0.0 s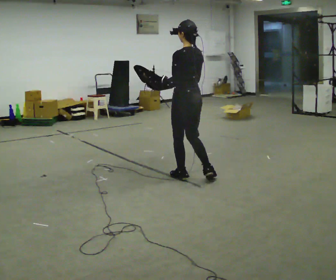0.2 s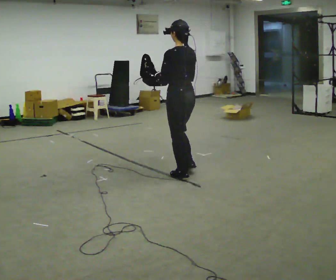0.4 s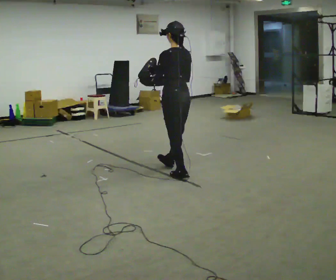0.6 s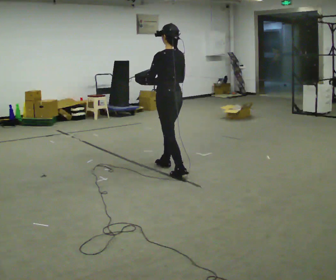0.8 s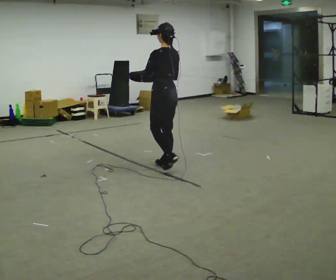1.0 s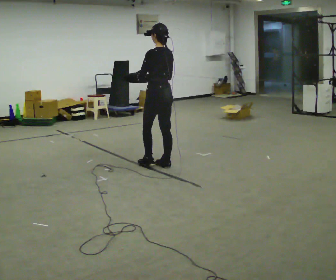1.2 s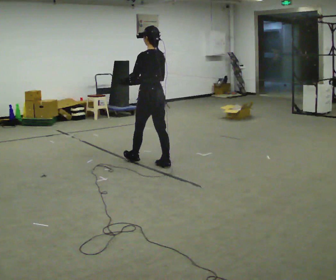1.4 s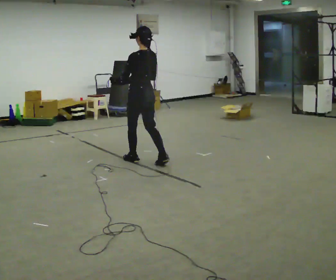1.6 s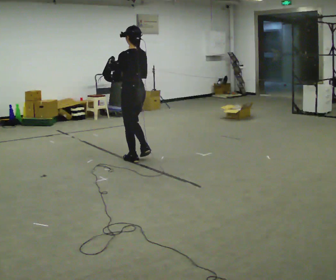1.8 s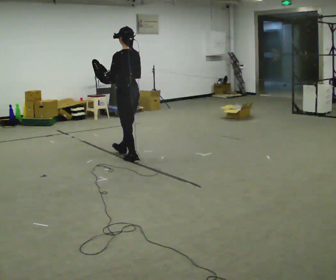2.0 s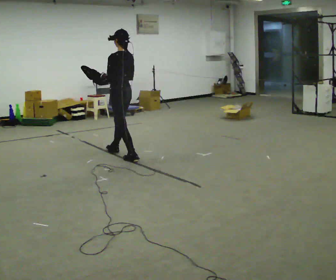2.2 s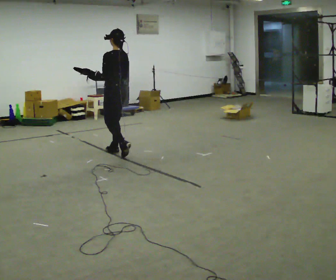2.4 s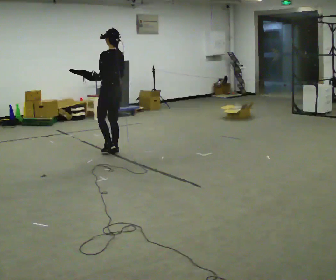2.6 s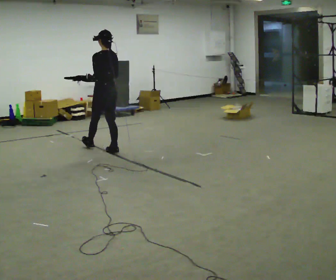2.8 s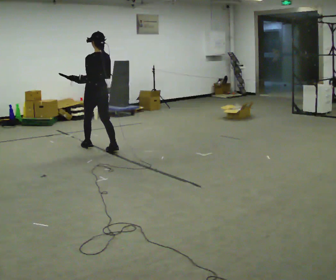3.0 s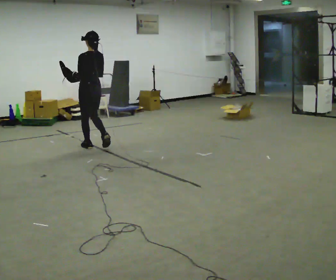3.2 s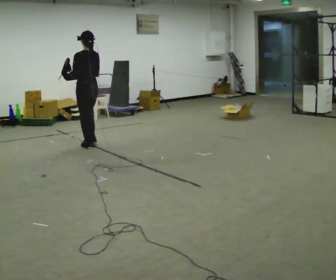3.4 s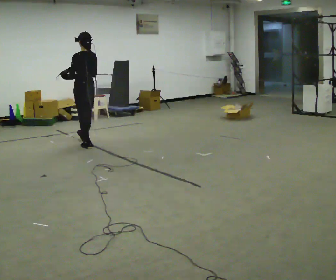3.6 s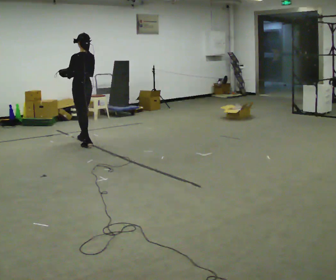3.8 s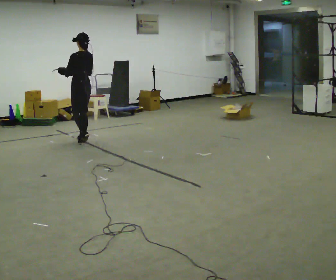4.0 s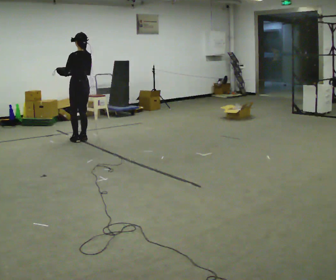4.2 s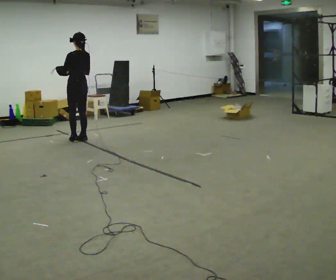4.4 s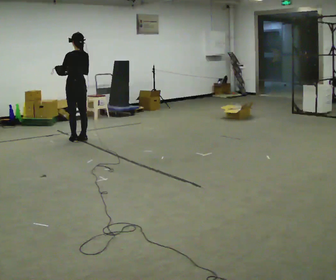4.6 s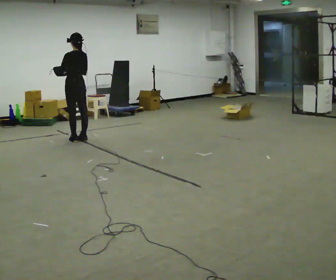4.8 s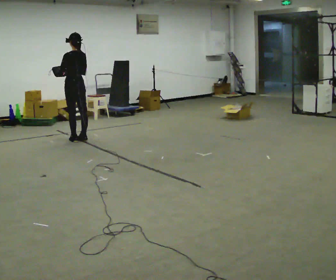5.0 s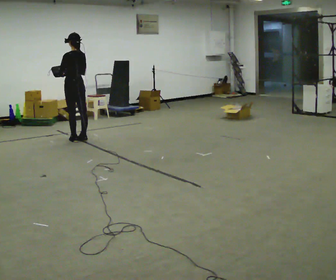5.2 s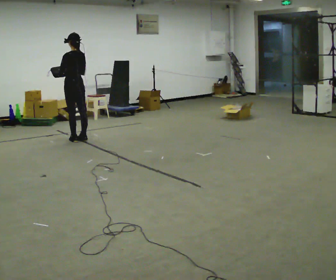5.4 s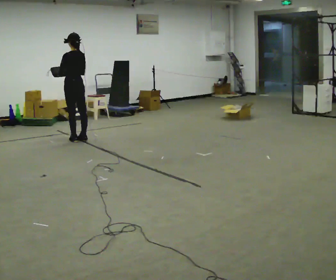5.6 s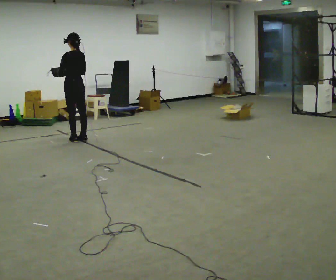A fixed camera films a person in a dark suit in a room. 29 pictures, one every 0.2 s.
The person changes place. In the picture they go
away from the camera.
0.0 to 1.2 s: In the picture they go away from the camera and to the left, about 0.75 m in 2 steps, which for them is forward.
1.2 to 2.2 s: In the picture they go away from the camera and to the left, about 0.75 m in 1 step, which for them is forward.
2.2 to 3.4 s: In the picture they go away from the camera and to the left, about 0.75 m in 1 step, which for them is forward.
3.4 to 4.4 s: In the picture they go away from the camera, about 0.25 m in 2 steps, which for them is forward.
4.4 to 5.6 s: The person moves a little, or ends about where they began.
The film runs forward here.
